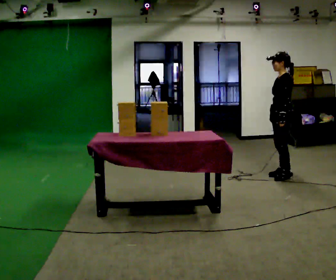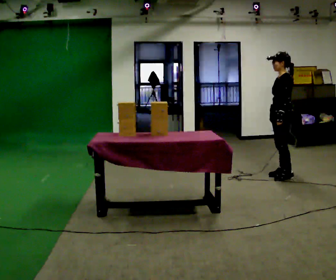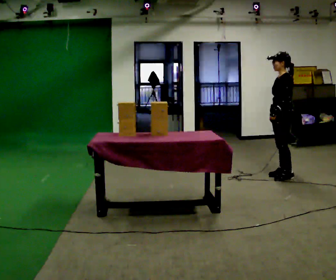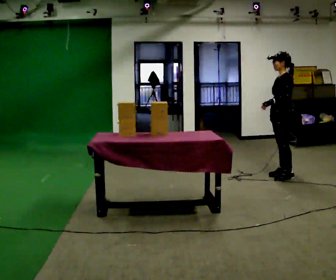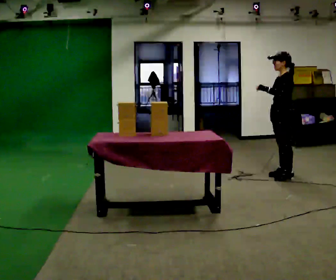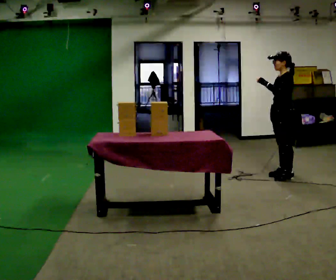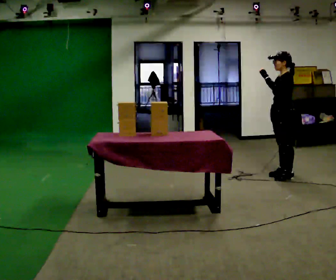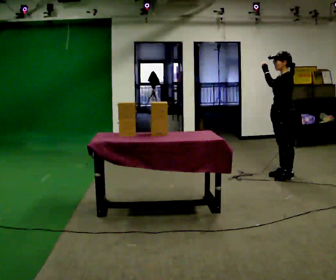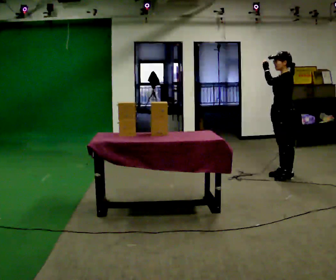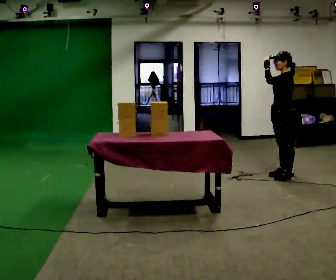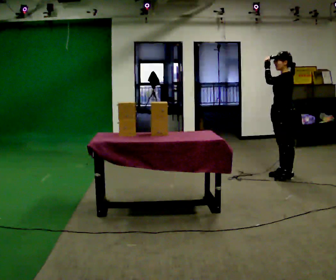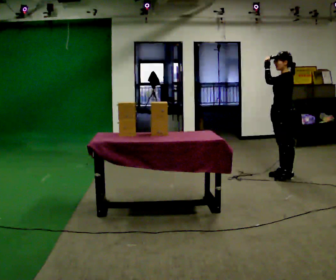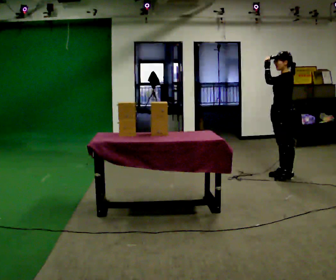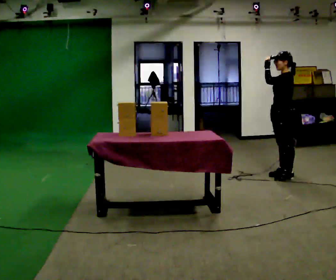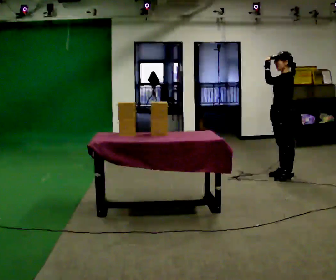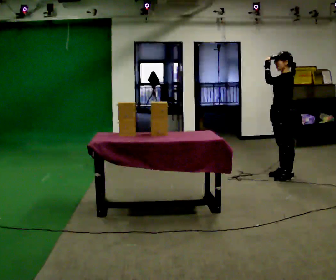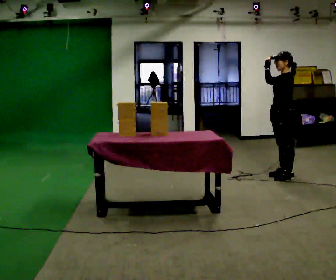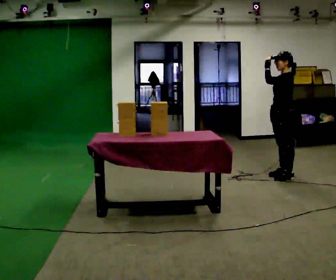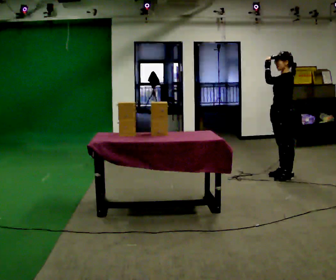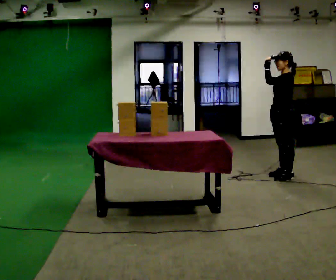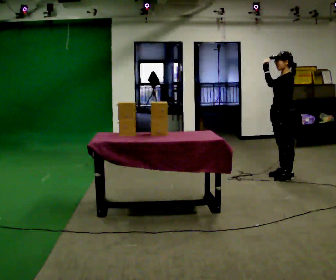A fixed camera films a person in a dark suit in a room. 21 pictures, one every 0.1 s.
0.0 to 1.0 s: In the picture their left hand goes upward.
1.0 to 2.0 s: The person moves a little, or ends about where they began.
The film runs forward here.
